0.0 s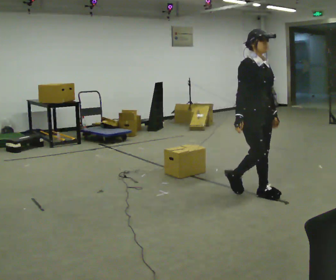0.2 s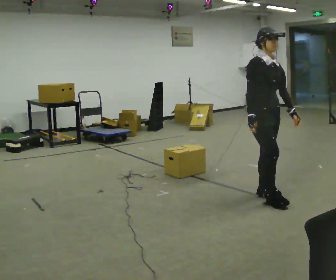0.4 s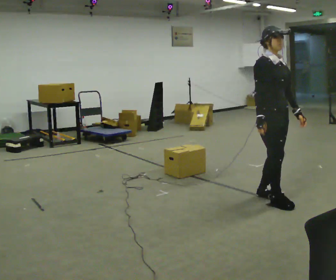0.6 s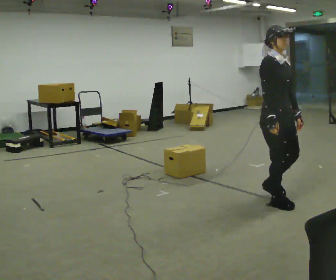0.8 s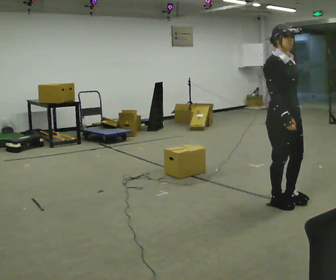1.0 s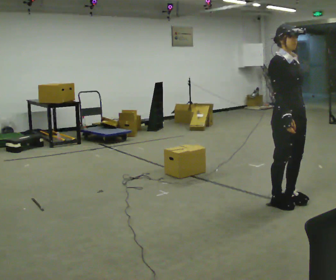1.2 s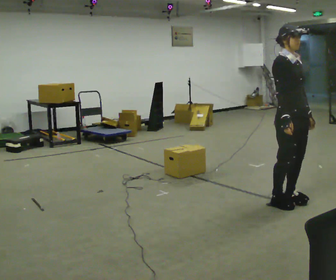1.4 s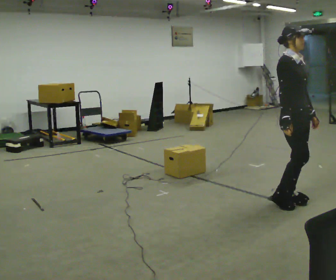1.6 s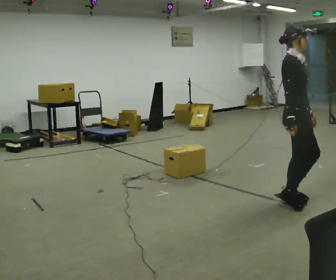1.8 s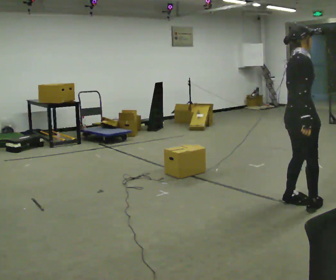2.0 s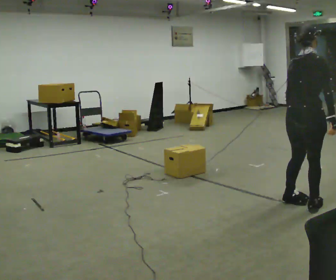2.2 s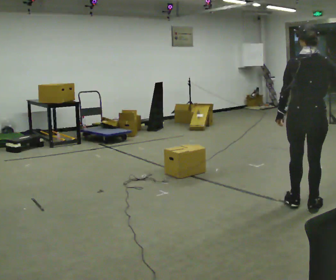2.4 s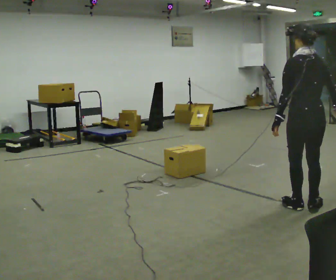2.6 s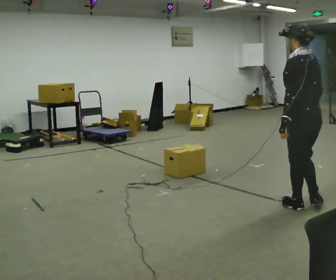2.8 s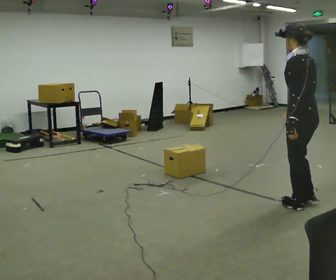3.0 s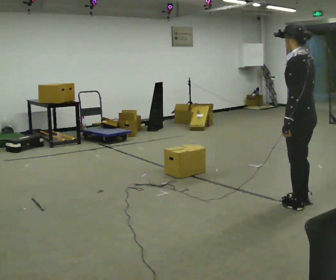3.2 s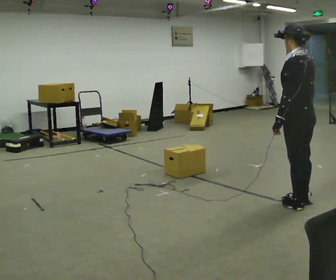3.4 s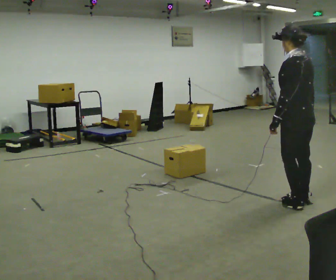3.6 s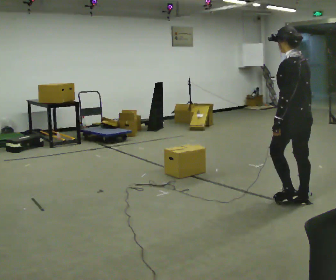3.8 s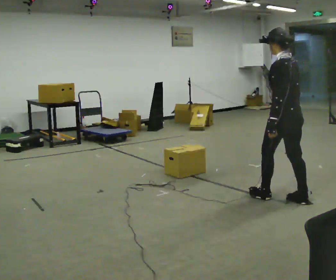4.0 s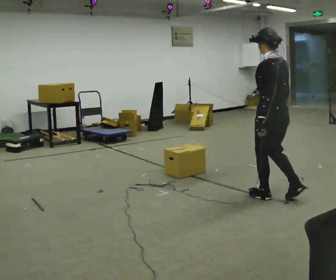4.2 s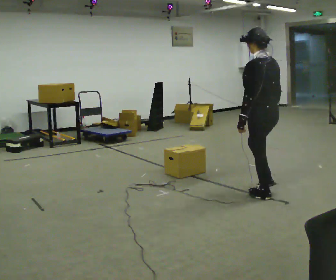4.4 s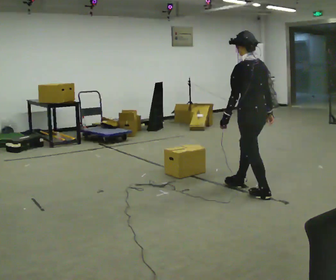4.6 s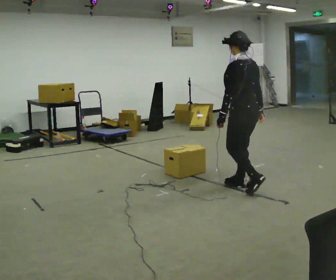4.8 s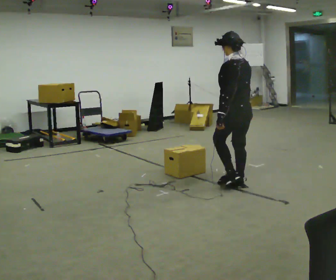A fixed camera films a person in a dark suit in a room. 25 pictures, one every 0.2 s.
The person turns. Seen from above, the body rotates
counterclockwise.
The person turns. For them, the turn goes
to their left.
0.0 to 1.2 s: In the picture they go to the right and toward the camera, about 0.5 m in 2 steps, which for them is forward.
1.2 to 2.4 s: Seen from above the body turns counterclockwise, about 150 degrees: to their left, with its near side sliding to the right. In the picture they go to the right, about 0.25 m in 2 steps. In the picture their right hand goes to the right.
2.4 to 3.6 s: The person turns about 30 degrees to their left, counterclockwise seen from above, so the part of the body nearest the lens slides to the right. In the picture they go away from the camera, about 0.25 m in 1 step, which for them is forward. In the picture their right hand goes to the left.
3.6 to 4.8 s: In the picture they go to the left and away from the camera, about 0.5 m in 2 steps, which for them is forward.
The film runs forward here.
